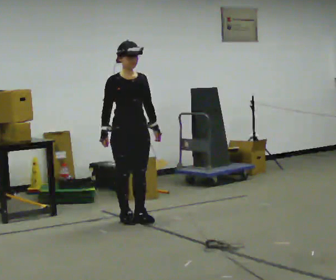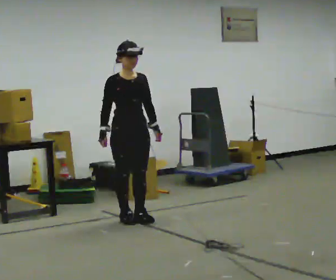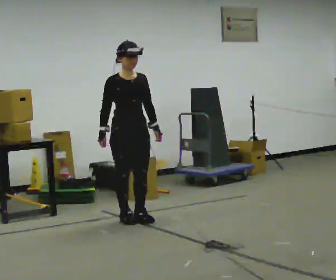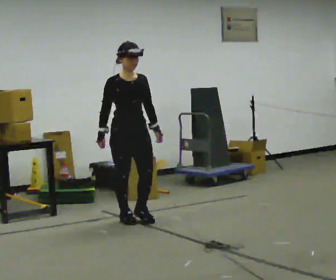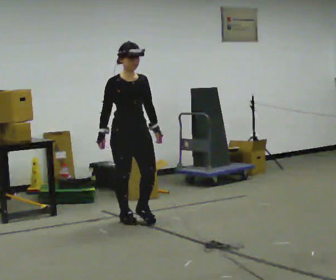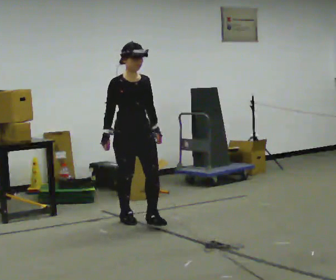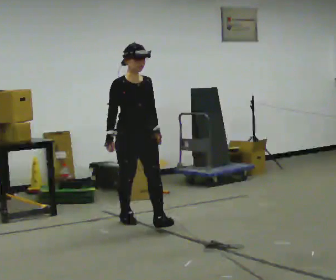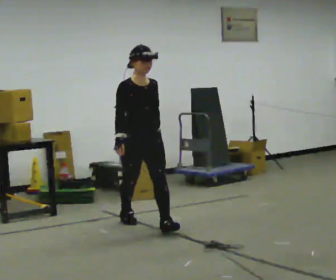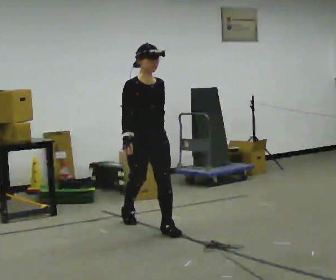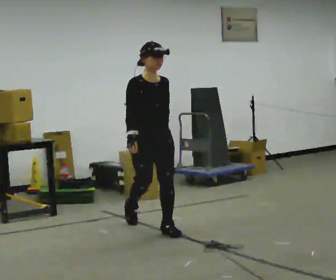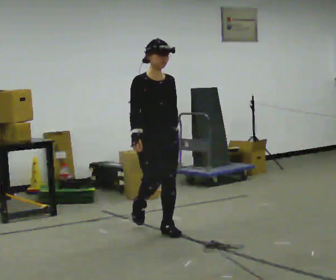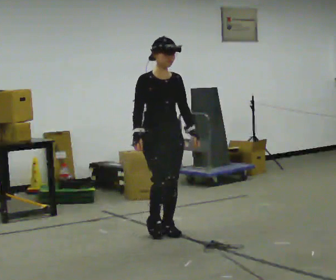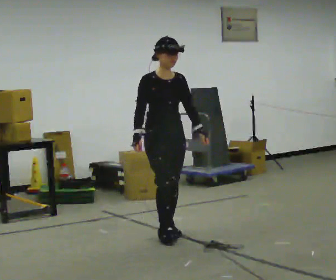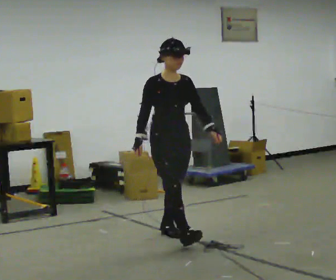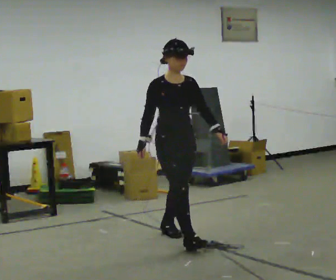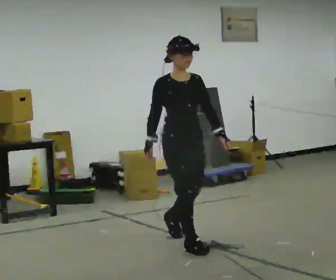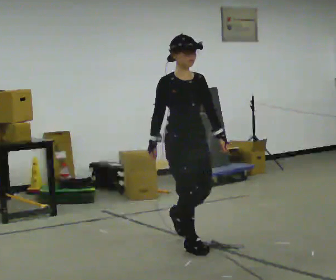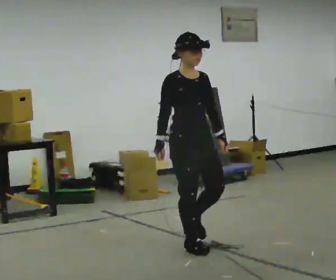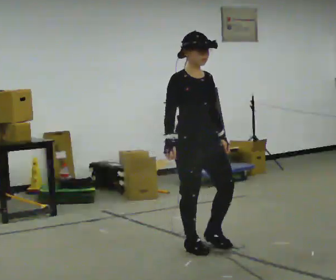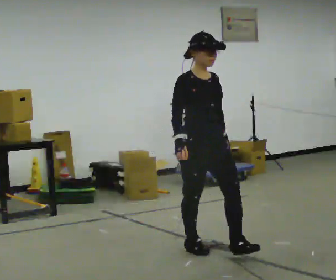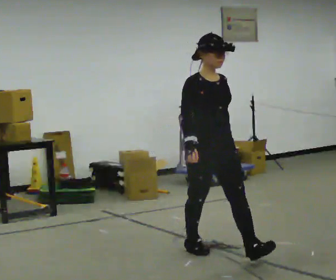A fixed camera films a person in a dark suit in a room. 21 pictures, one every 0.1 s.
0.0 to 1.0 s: In the picture they go toward the camera and to the right, about 0.5 m in 1 step, which for them is forward.
1.0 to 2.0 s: In the picture they go toward the camera and to the right, about 1 m in 1 step, which for them is forward.
The film runs forward here.
